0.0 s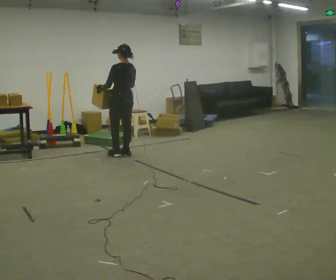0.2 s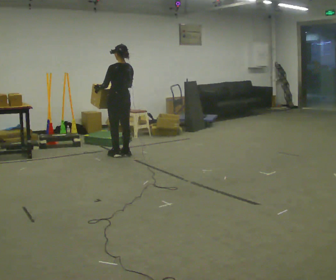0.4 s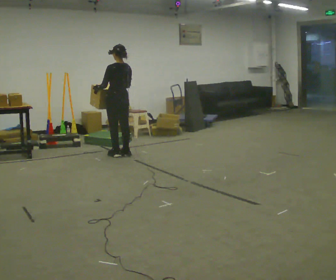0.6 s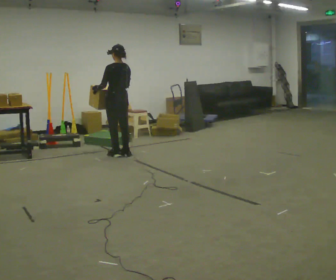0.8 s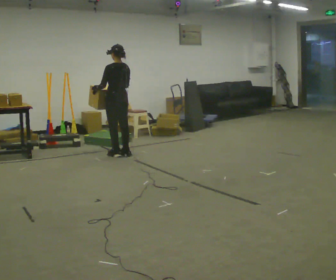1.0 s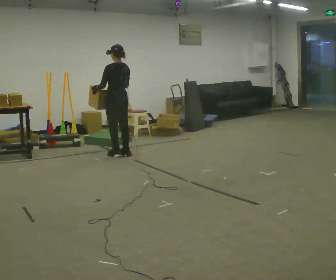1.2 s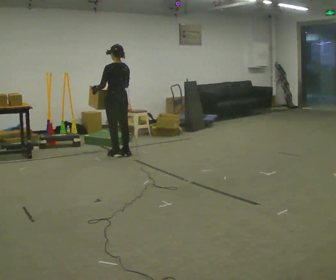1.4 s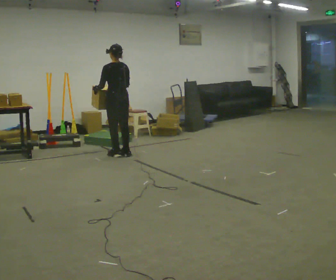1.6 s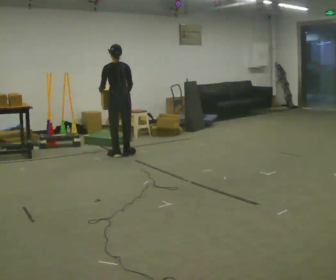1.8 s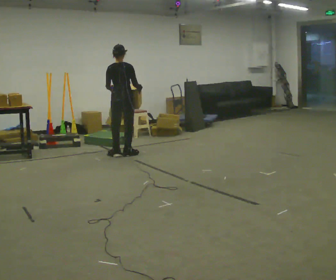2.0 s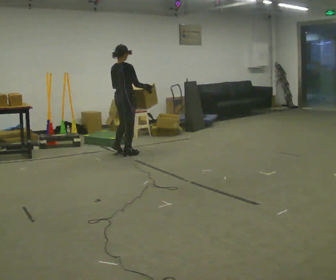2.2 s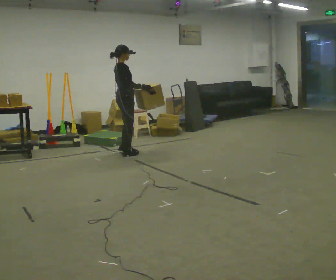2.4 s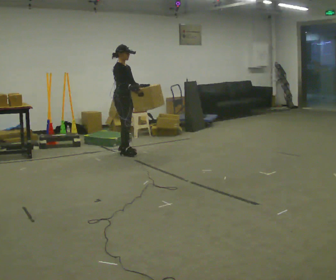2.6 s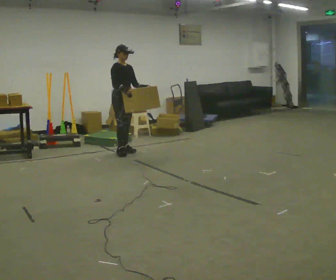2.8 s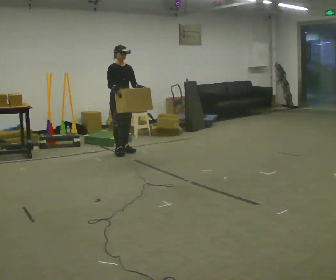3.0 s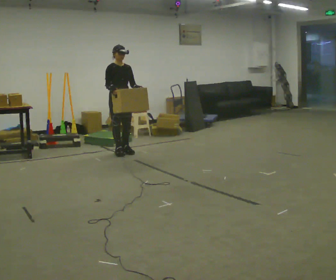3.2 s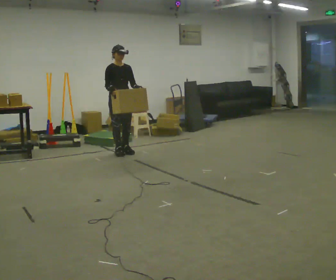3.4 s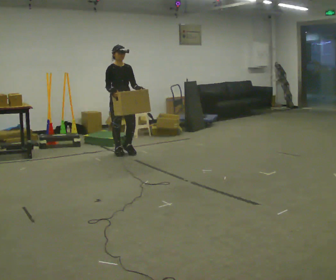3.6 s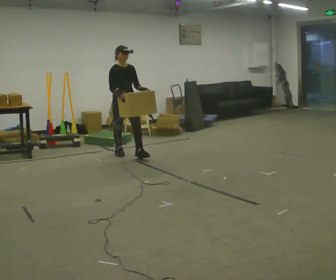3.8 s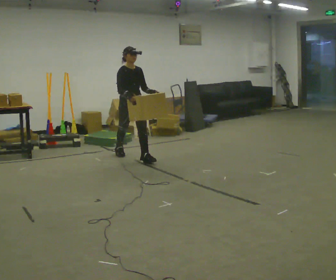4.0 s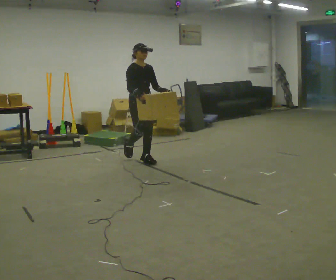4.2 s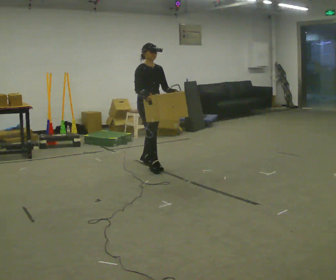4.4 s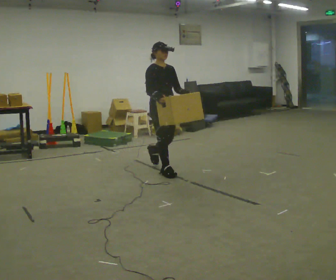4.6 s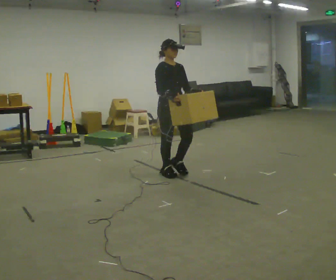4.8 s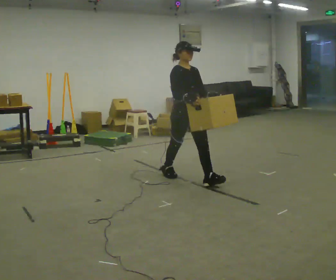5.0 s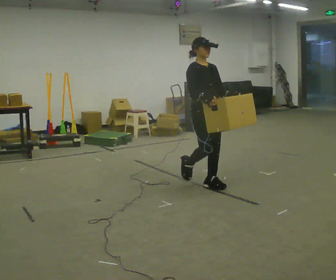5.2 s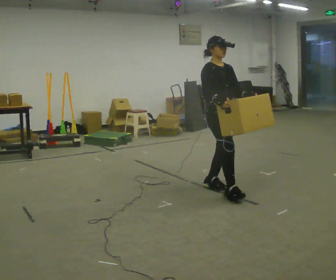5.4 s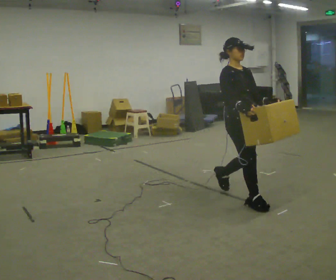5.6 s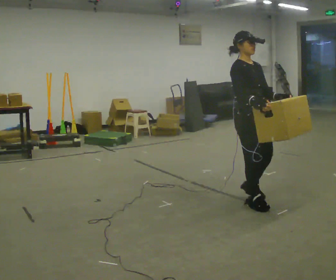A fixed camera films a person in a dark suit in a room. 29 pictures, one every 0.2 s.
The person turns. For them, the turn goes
to their right.
The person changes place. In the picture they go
toward the camera.
0.0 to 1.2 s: The person moves a little, or ends about where they began.
1.2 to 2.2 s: The person turns about 105 degrees to their right, clockwise seen from above, so the part of the body nearest the lens slides to the left. In the picture their right hand goes to the right.
2.2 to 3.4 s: The part of the body nearest the lens slides to the left as the person turns to their right by about 75 degrees. In the picture their right hand goes to the left, the arm swinging clockwise.
3.4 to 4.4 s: In the picture they go toward the camera and to the right, about 1 m in 2 steps, which for them is forward.
4.4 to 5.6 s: In the picture they go toward the camera and to the right, about 1.5 m in 2 steps, which for them is forward.
The film runs forward here.
